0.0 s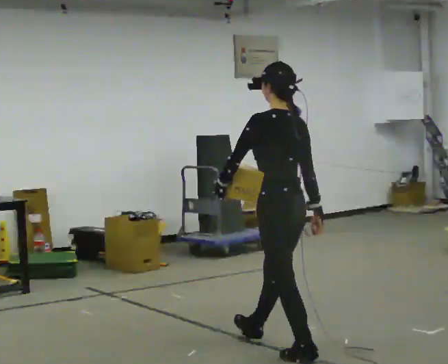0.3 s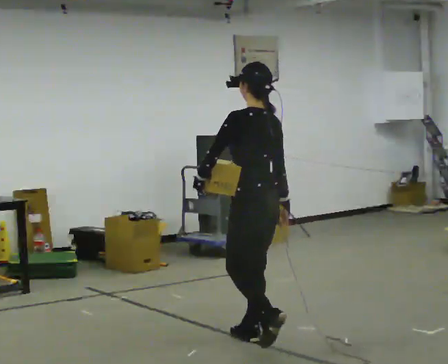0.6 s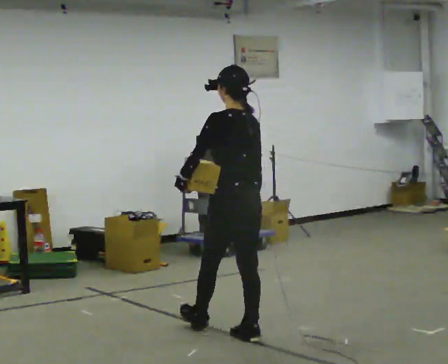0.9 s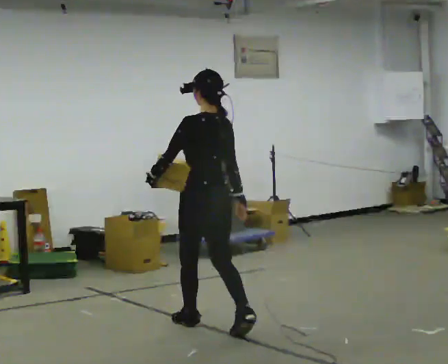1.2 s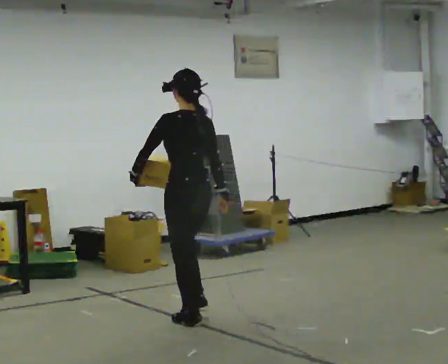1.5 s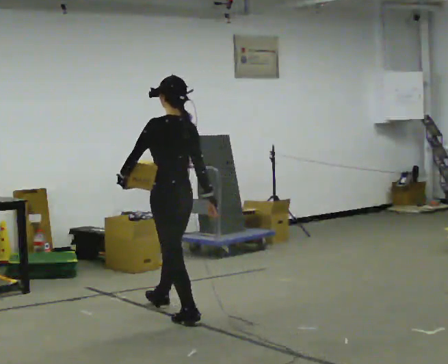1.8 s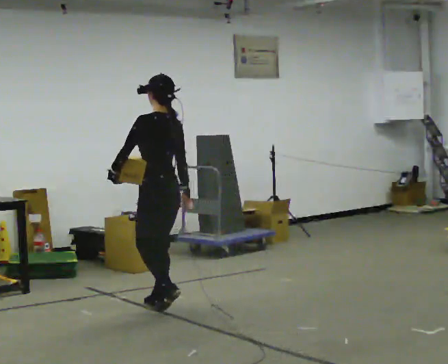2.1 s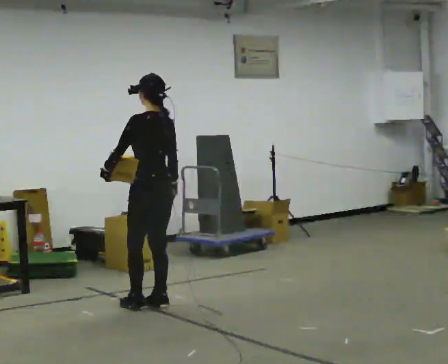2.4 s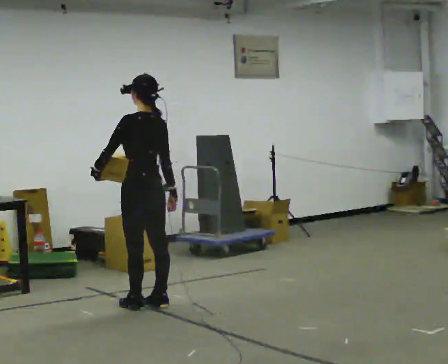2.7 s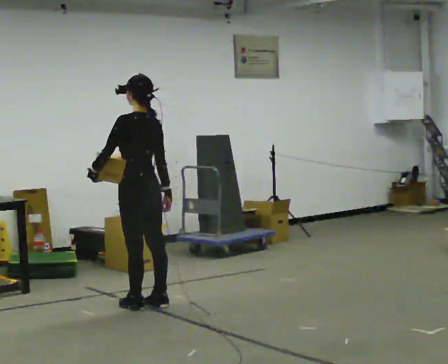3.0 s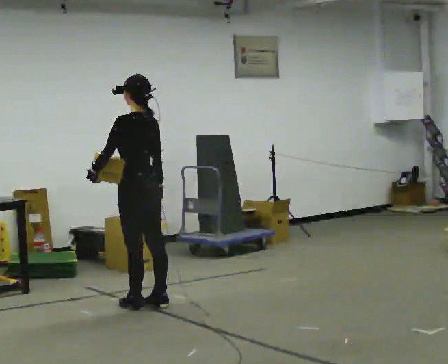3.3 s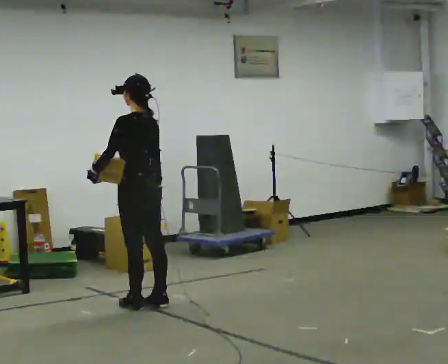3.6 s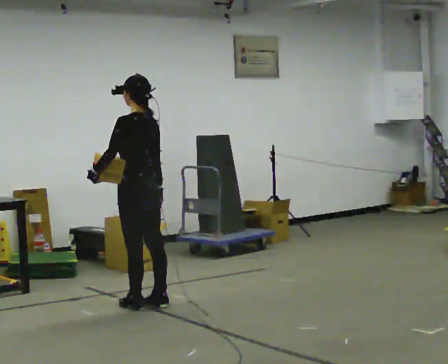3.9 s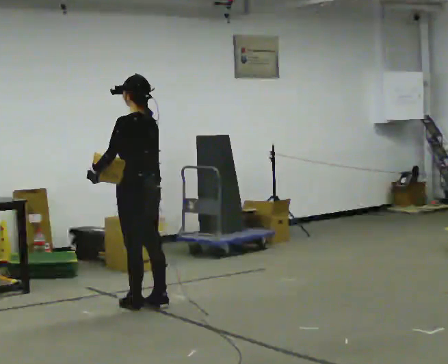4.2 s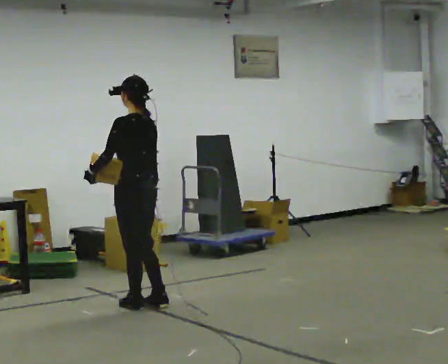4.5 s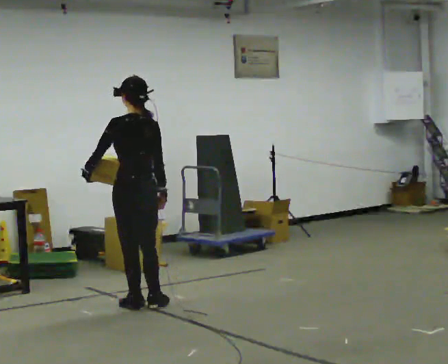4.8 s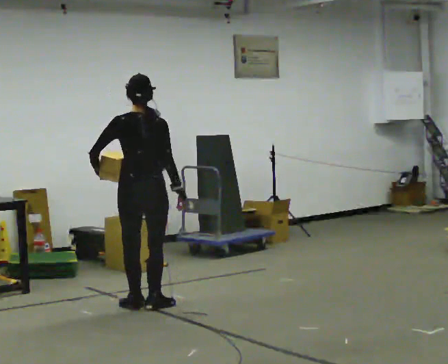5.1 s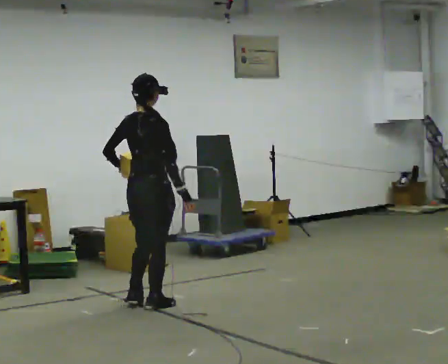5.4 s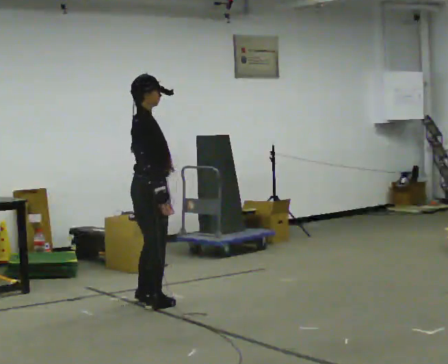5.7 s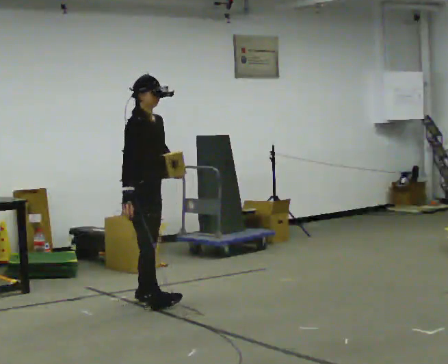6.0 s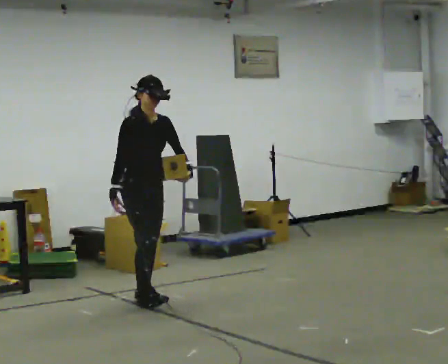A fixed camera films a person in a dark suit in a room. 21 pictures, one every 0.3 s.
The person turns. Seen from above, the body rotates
clockwise.
The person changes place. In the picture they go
away from the camera.
0.0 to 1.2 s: In the picture they go away from the camera and to the left, about 1 m in 2 steps, which for them is forward.
1.2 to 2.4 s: In the picture they go away from the camera and to the left, about 0.5 m in 2 steps, which for them is forward.
2.4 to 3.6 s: The person moves a little, or ends about where they began.
3.6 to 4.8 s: Seen from above the body turns clockwise, about 60 degrees: to their right, with its near side sliding to the left.
4.8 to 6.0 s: The person turns about 135 degrees to their right, clockwise seen from above, so the part of the body nearest the lens slides to the left. In the picture they go away from the camera, about 0.25 m in 1 step. In the picture their left hand goes to the right, the arm swinging counterclockwise.
The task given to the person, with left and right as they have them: Carry the object in the hand the operator calls, down at your side, walking back and forth across the room.
The film runs forward here.
